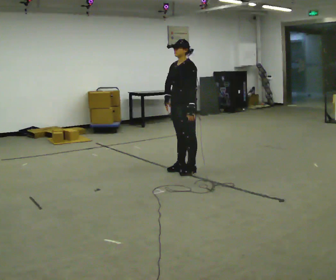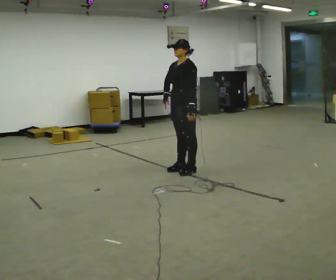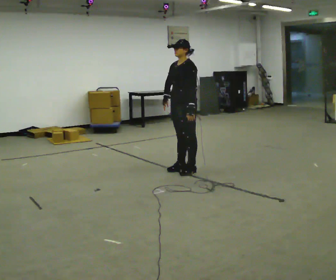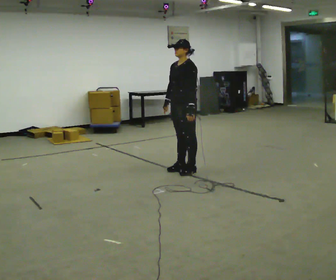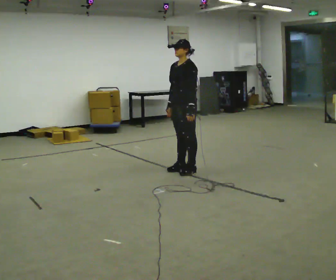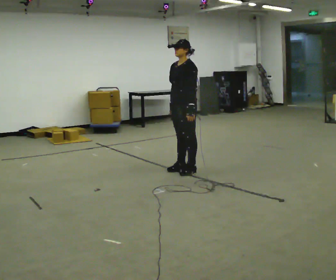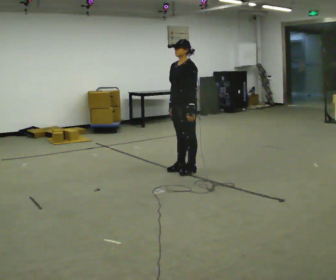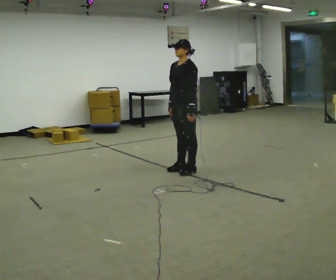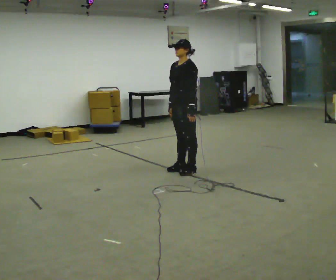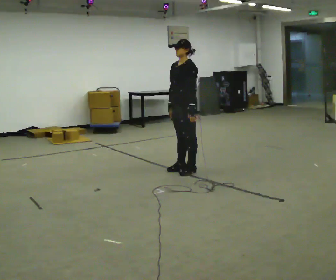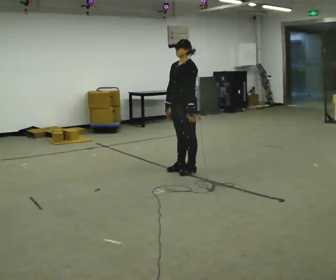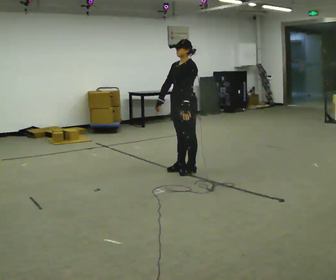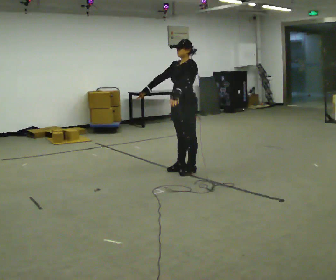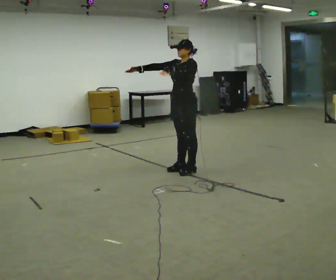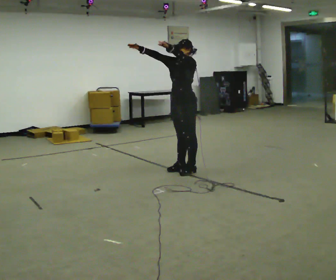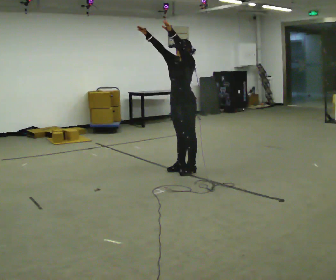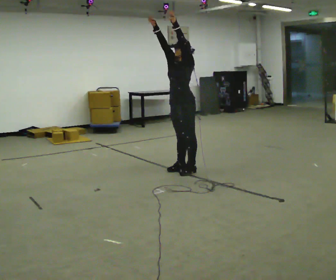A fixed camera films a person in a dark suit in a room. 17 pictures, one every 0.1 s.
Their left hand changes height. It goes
upward.
Their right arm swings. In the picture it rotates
clockwise.
0.0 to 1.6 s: In the picture their left hand goes upward.
The film runs forward here.
